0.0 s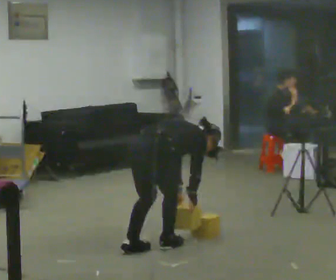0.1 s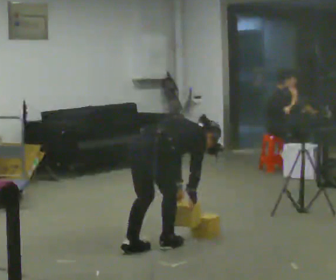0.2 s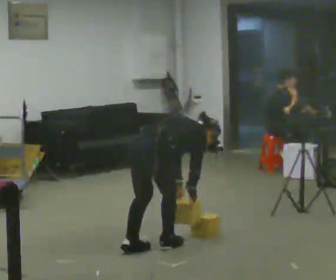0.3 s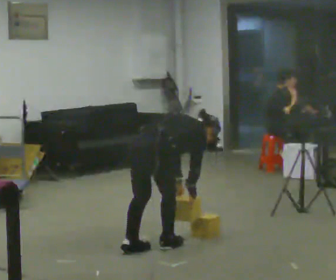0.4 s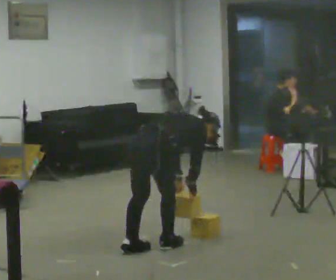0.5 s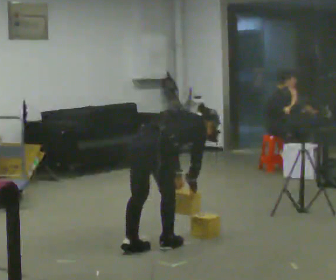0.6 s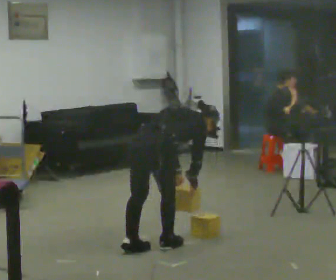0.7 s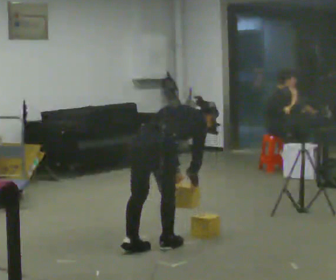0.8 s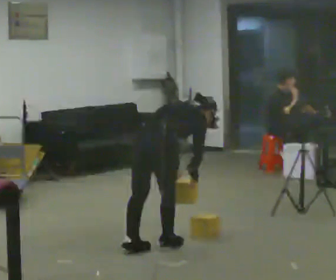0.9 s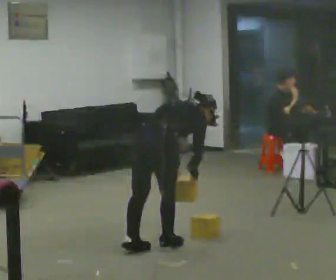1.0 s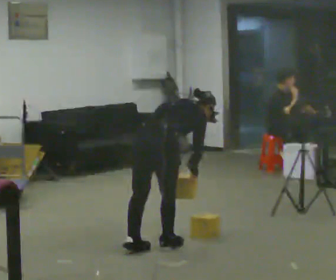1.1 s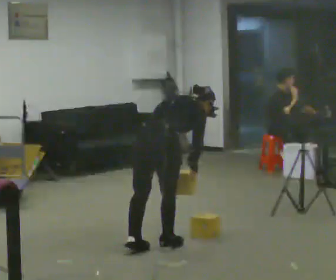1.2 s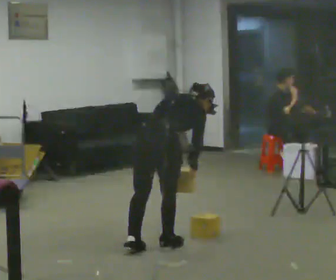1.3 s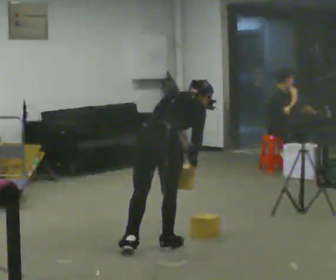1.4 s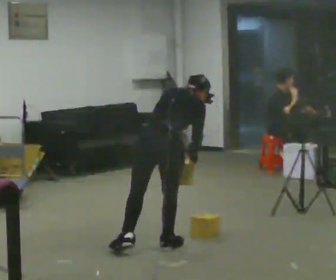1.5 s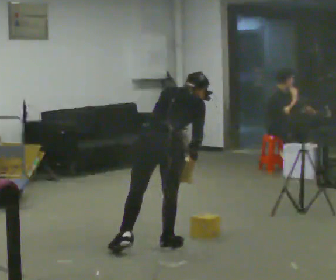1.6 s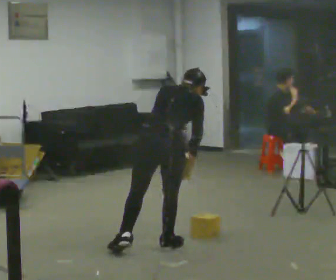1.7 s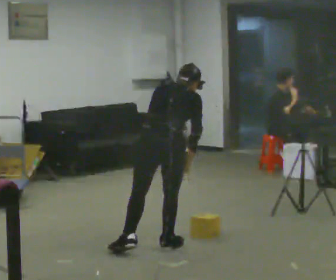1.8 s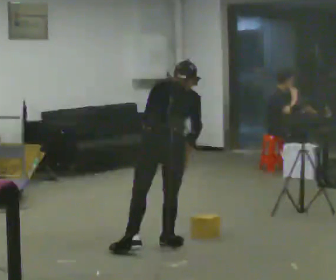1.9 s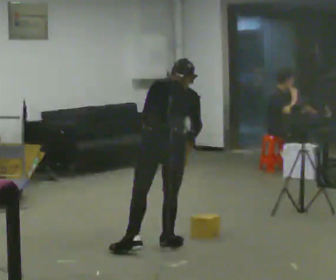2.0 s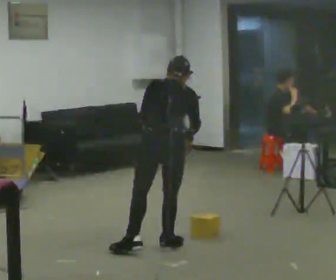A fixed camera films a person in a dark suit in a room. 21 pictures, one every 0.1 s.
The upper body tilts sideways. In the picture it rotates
counterclockwise.
Their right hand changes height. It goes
upward.
0.0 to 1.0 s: The upper body goes upward. In the picture the upper body tilts counterclockwise, shoulders to the left, as they lean back or straighten.
1.0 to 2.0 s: The person turns about 30 degrees to their left, counterclockwise seen from above, so the part of the body nearest the lens slides to the right. In the picture the upper body tilts counterclockwise, shoulders to the left, as they lean back or straighten.
The film runs forward here.
